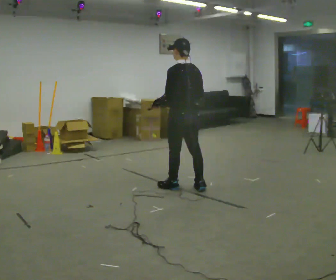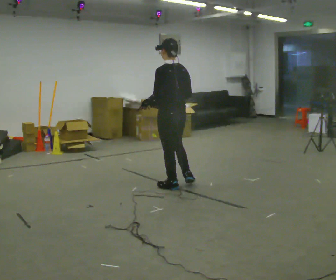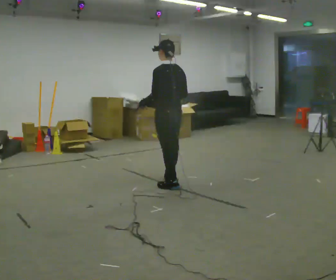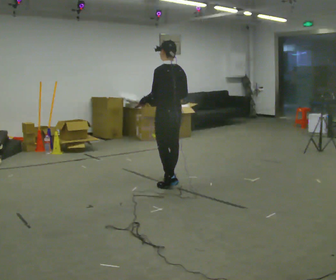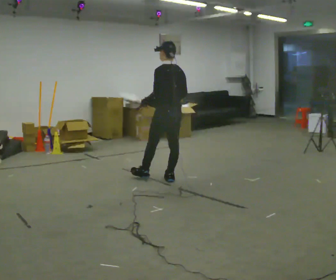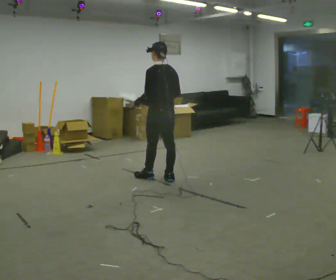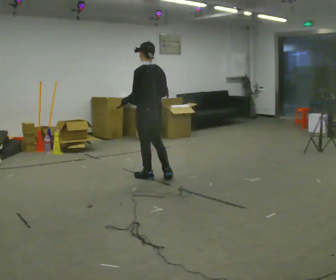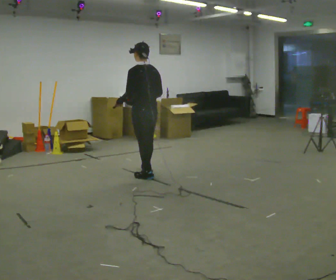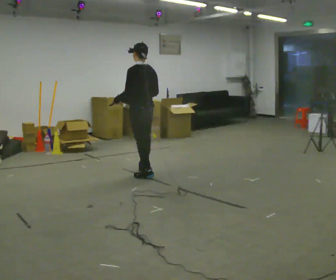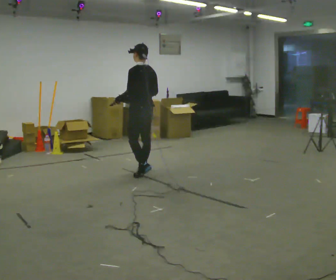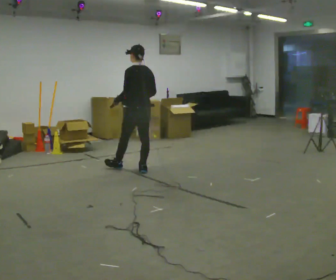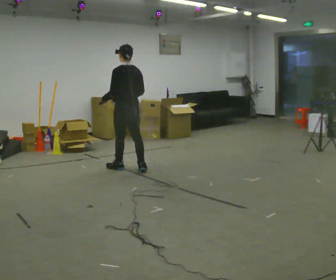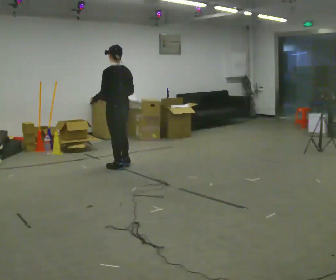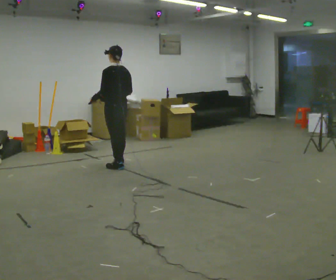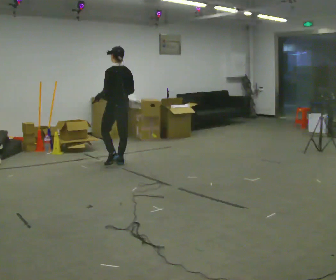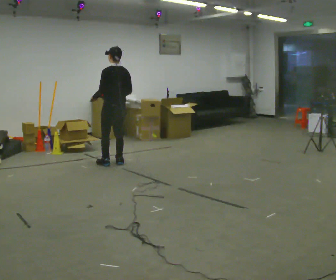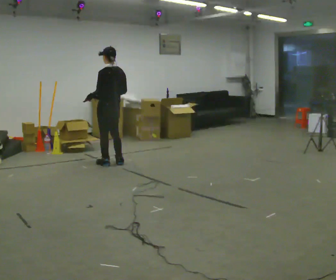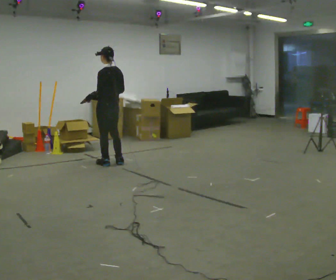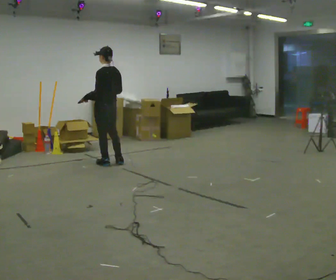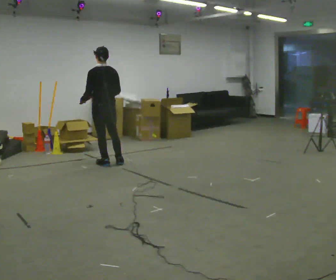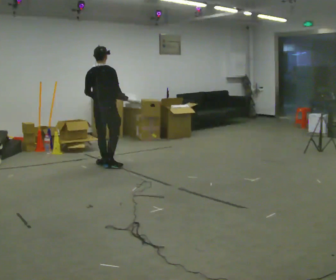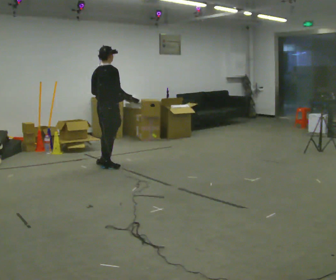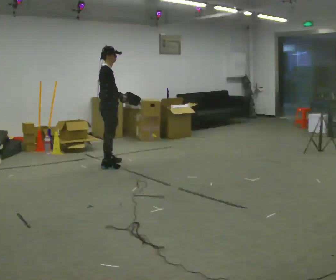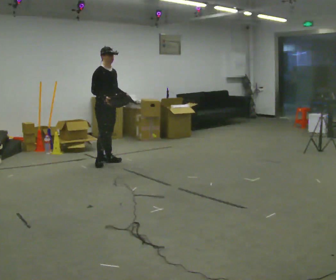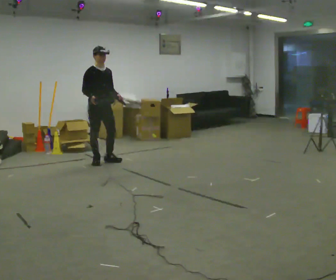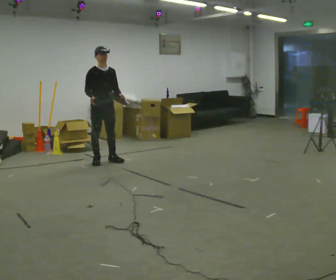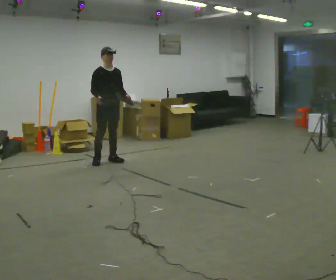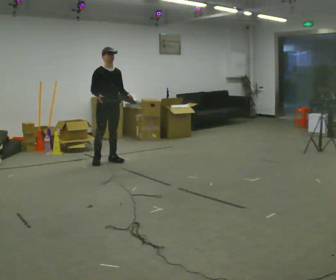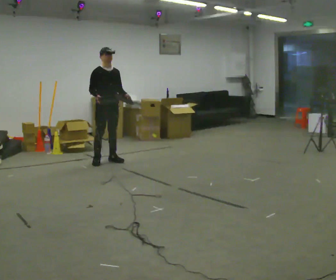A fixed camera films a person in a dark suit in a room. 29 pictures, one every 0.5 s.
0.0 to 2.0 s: In the picture they go away from the camera, about 0.5 m in 1 step, which for them is forward.
2.0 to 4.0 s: In the picture they go away from the camera and to the left, about 0.5 m in 2 steps, which for them is forward.
4.0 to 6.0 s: In the picture they go away from the camera and to the left, about 0.5 m in 1 step, which for them is forward.
6.0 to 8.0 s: In the picture they go away from the camera, about 0.25 m in 2 steps, which for them is forward.
8.0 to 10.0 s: The person turns about 60 degrees to their right, clockwise seen from above, so the part of the body nearest the lens slides to the left.
10.0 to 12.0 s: The person turns about 120 degrees to their right, clockwise seen from above, so the part of the body nearest the lens slides to the left. In the picture they go away from the camera, about 0.25 m in 3 steps. In the picture their right hand goes to the left, the arm swinging clockwise.
12.0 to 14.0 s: The person moves a little, or ends about where they began.
The film runs forward here.
